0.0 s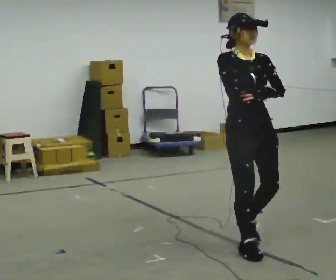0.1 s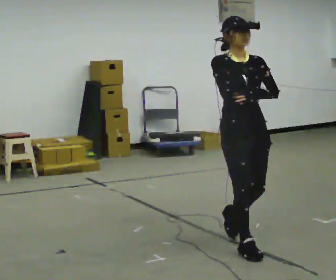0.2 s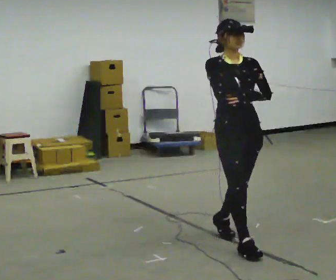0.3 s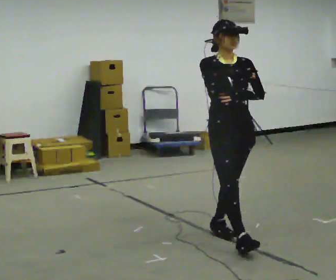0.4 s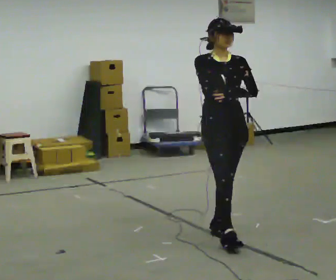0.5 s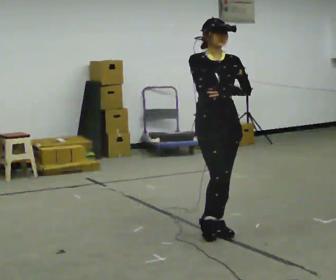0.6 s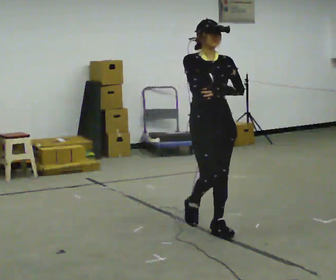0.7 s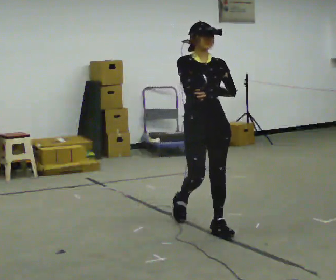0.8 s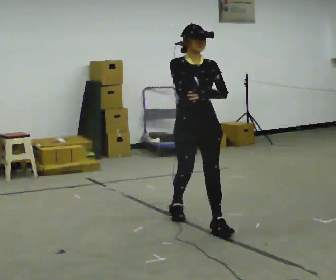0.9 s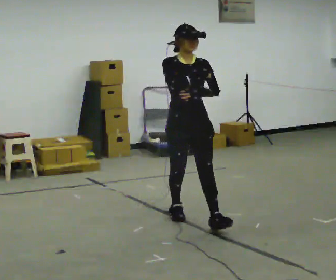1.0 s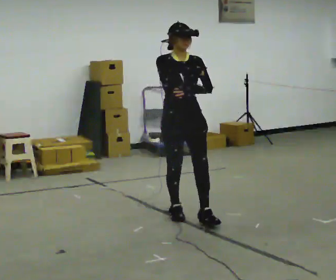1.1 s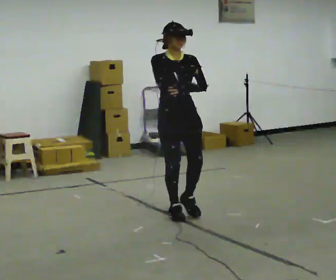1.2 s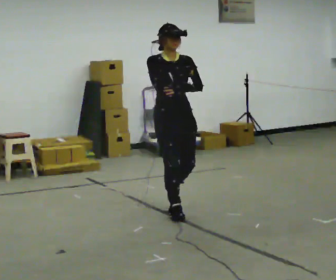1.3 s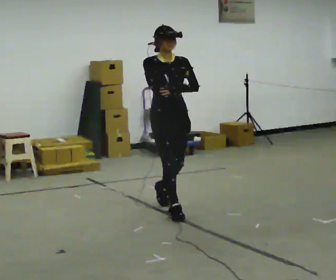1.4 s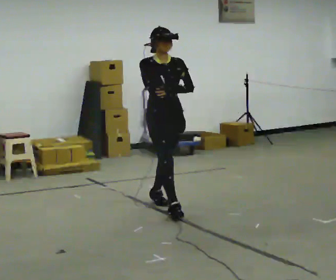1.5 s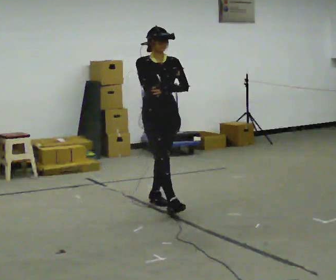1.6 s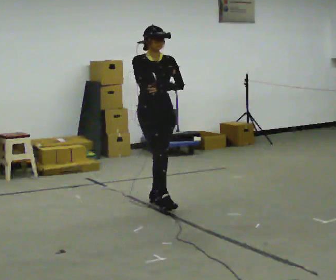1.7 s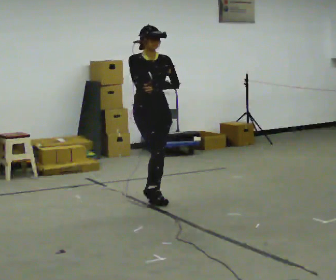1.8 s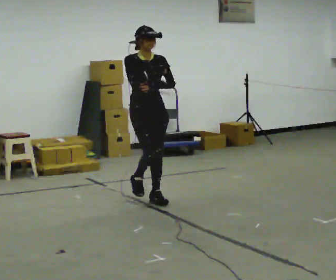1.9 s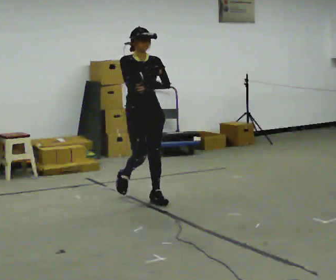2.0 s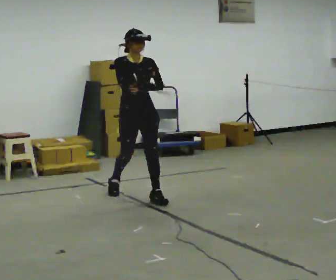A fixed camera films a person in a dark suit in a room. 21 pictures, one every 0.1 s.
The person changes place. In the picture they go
away from the camera.
0.0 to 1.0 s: In the picture they go away from the camera and to the left, about 1 m in 2 steps, which for them is backward.
1.0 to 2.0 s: In the picture they go away from the camera and to the left, about 1 m in 1 step, which for them is backward.
The film runs backward here.
